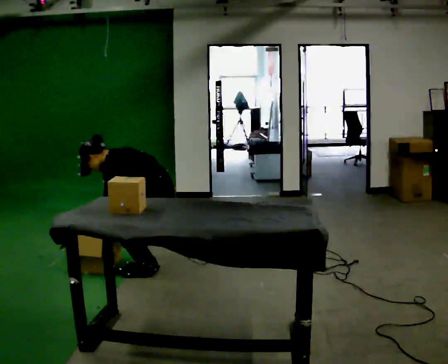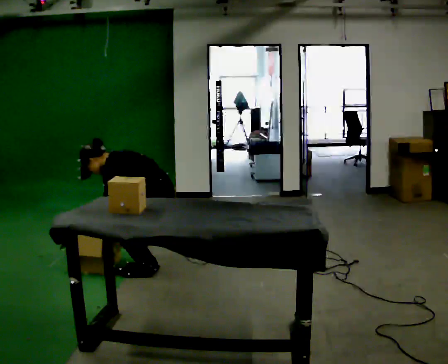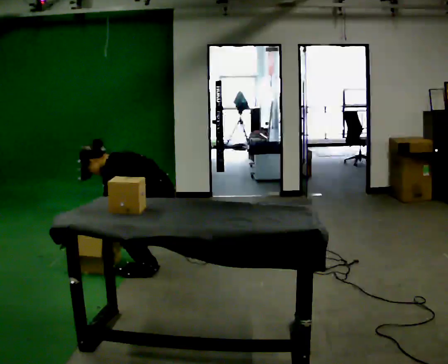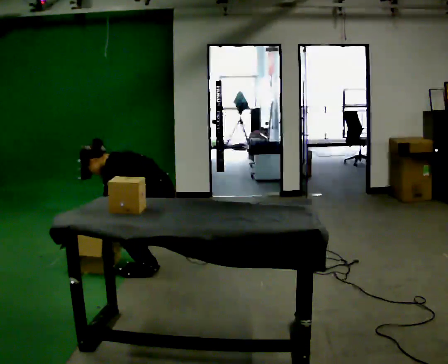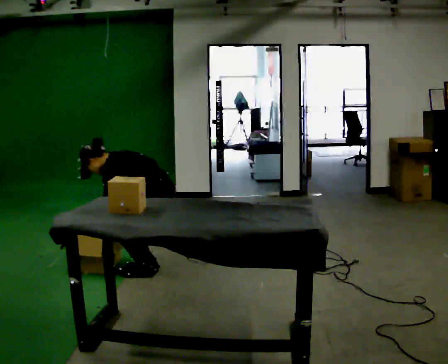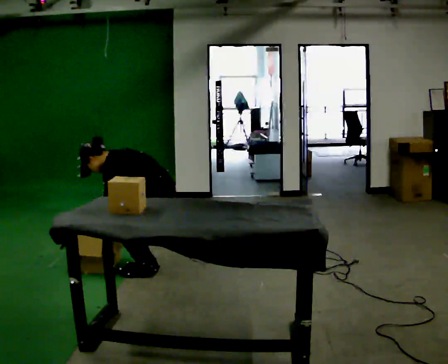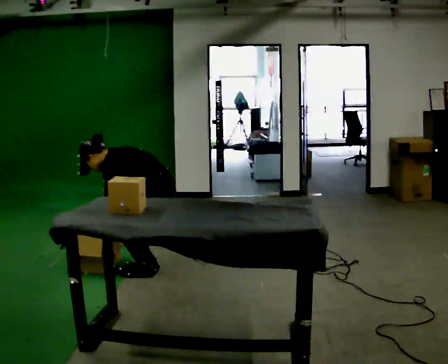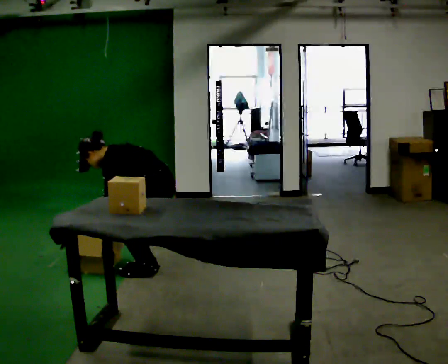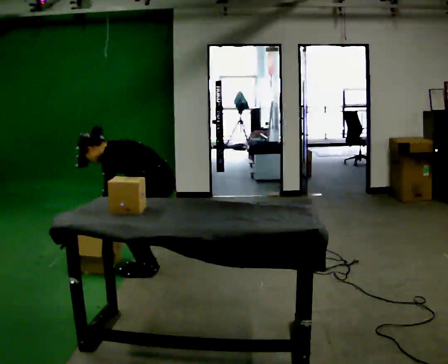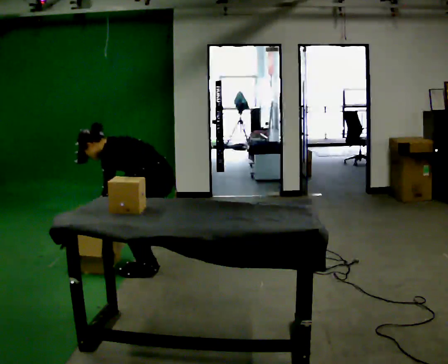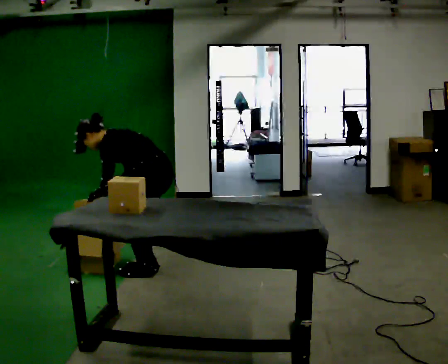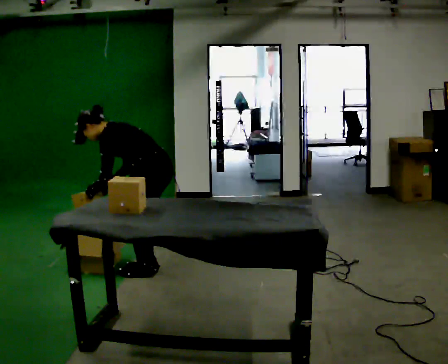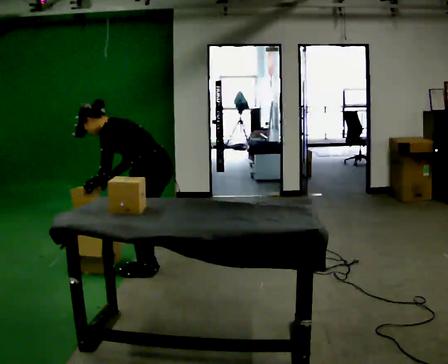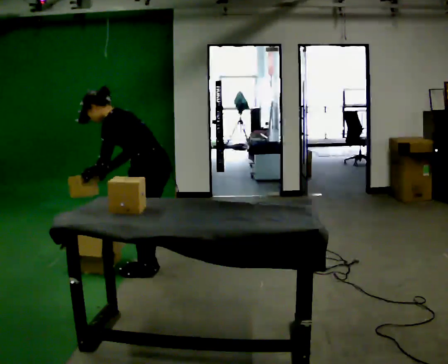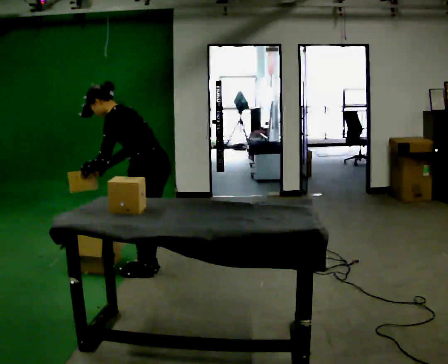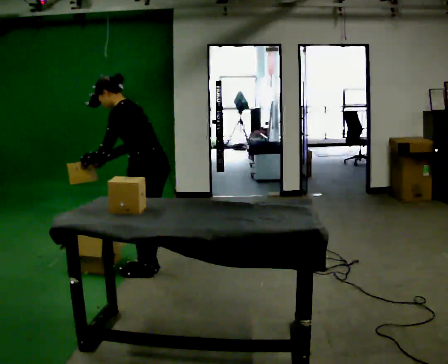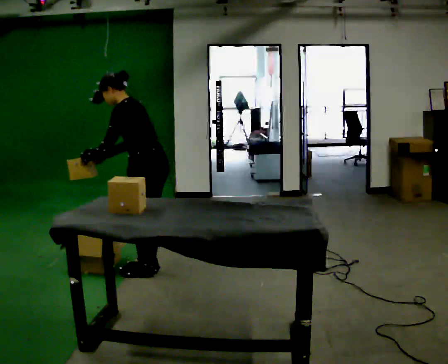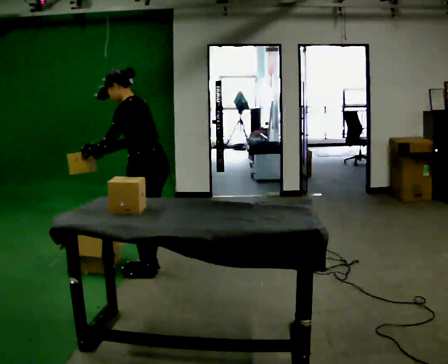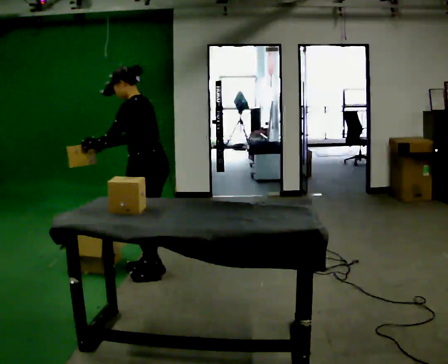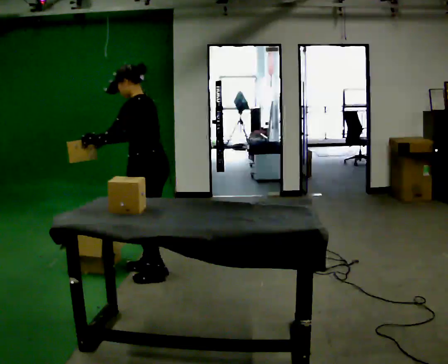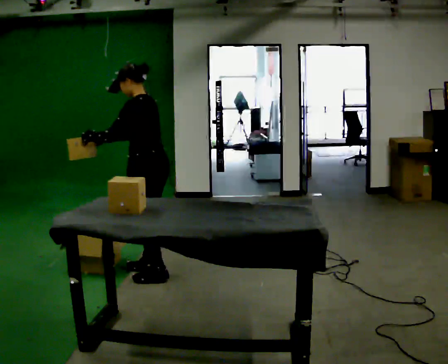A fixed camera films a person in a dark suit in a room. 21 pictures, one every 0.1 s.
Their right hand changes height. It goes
upward.
The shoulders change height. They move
upward.
0.0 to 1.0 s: The person moves a little, or ends about where they began.
1.0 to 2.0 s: The upper body goes upward. In the picture the upper body tilts clockwise, shoulders to the right, as they lean back or straighten. In the picture their left hand goes upward.
The film runs backward here.
